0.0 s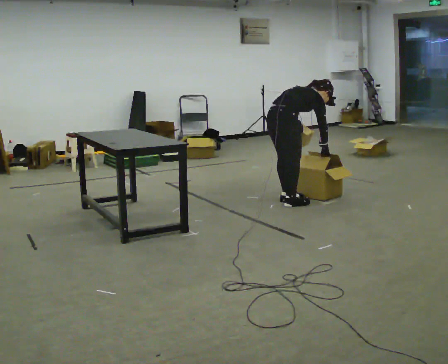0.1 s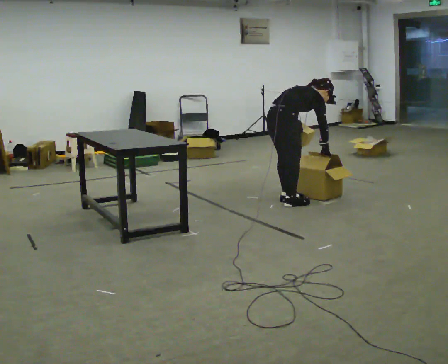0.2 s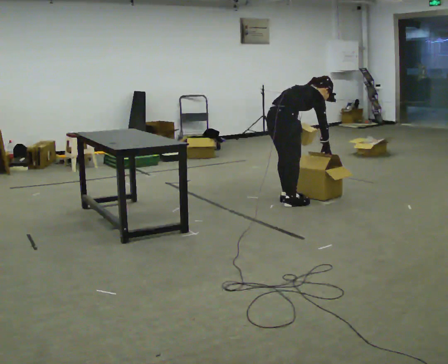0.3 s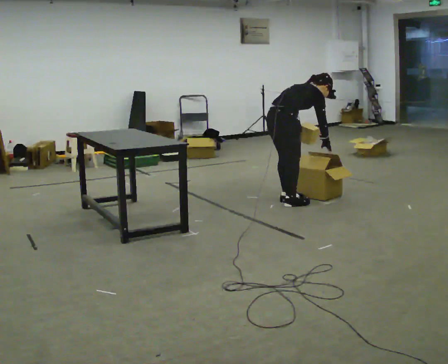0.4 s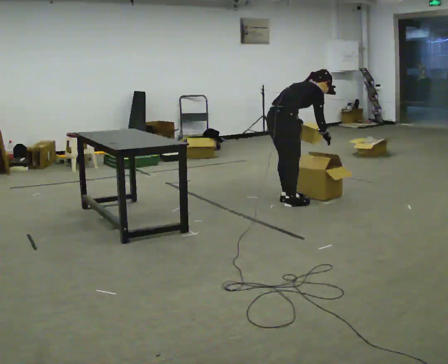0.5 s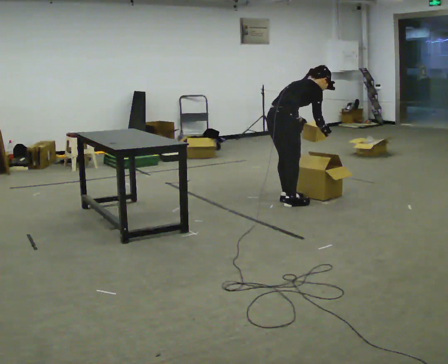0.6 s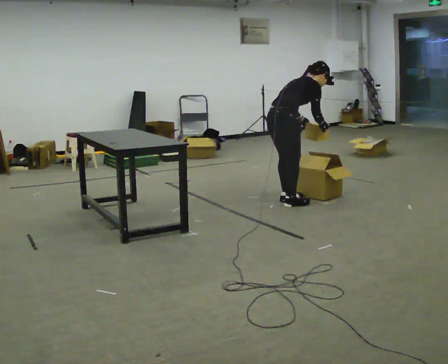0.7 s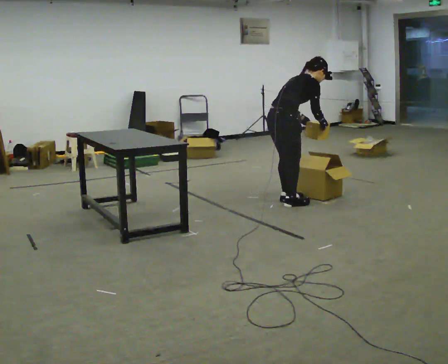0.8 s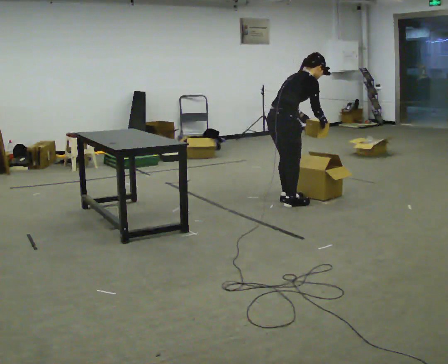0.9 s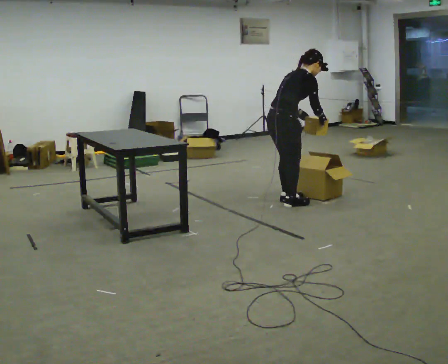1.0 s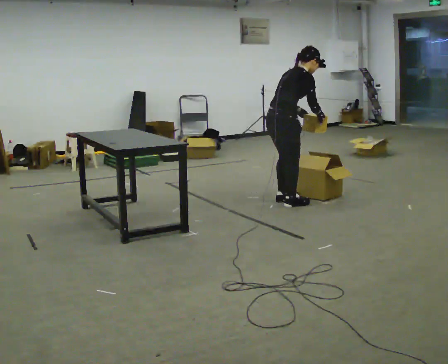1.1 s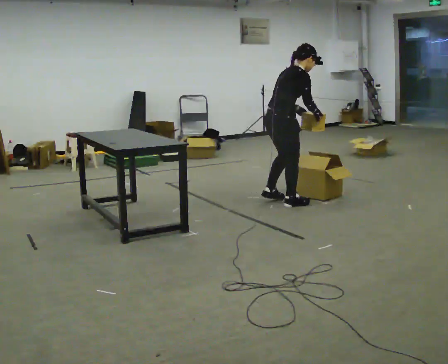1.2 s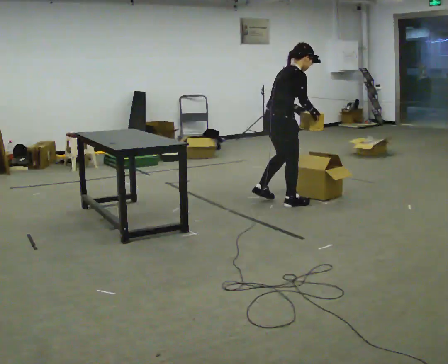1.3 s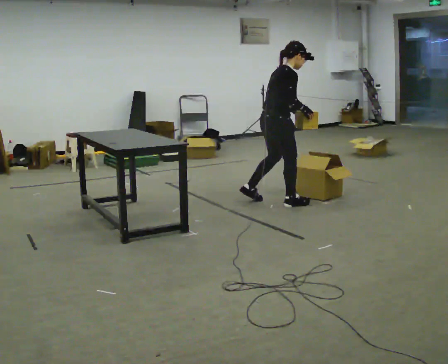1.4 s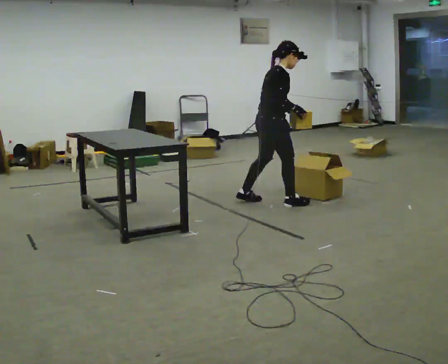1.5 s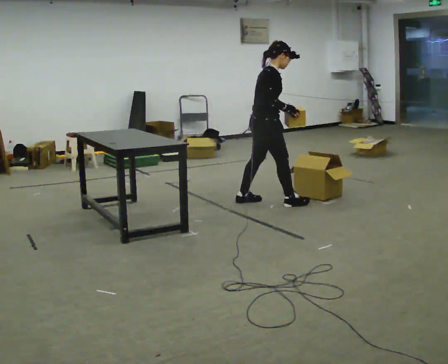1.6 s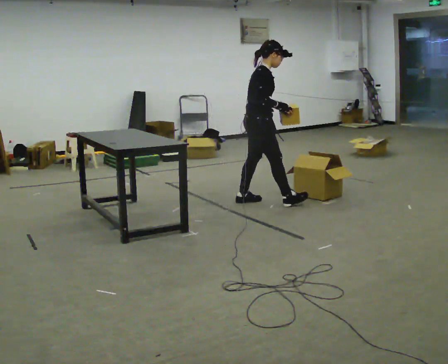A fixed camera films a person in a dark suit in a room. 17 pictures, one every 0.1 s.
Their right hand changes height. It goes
upward.
0.0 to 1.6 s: The part of the body nearest the lens slides to the left as the person turns to their right by about 30 degrees. In the picture they go to the left, about 0.25 m in 2 steps, which for them is to their left and backward. The shoulders move upward. In the picture the upper body tilts counterclockwise, shoulders to the left, as they lean back or straighten.
The film runs backward here.
